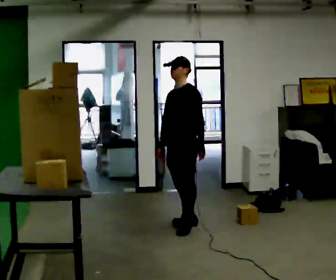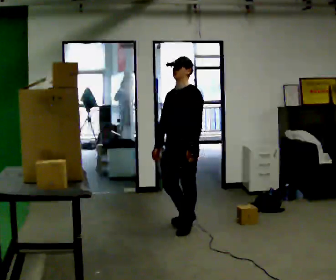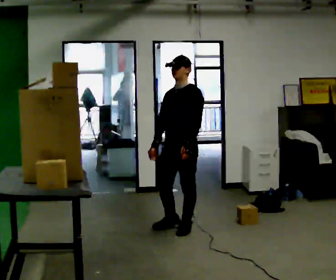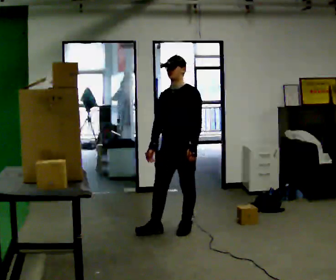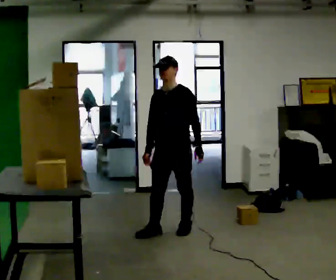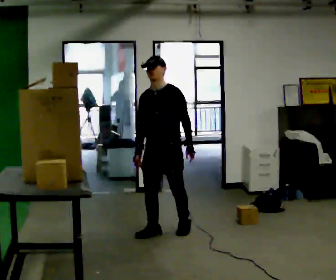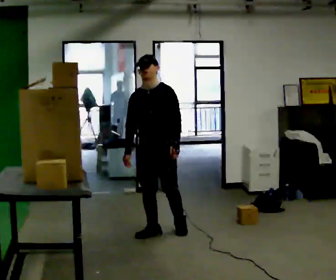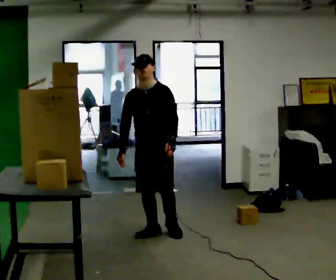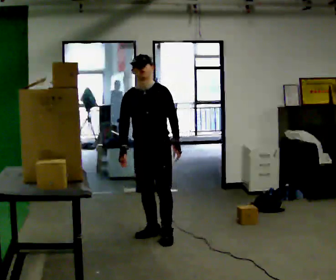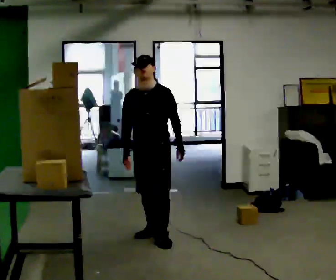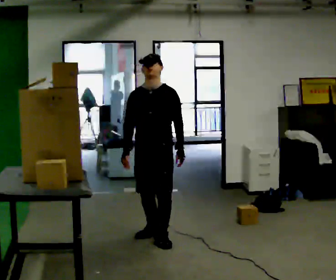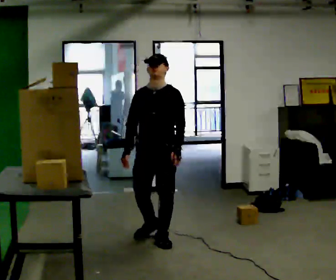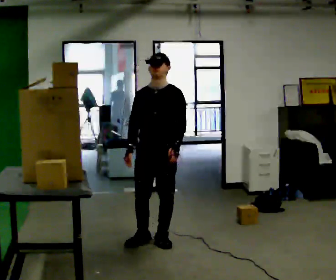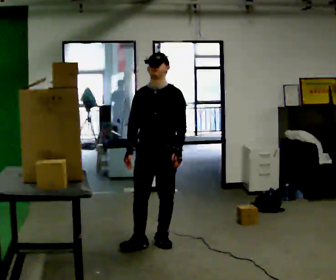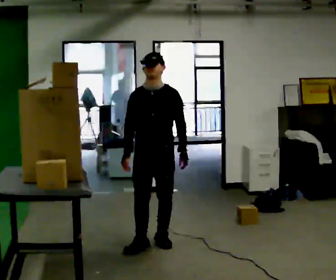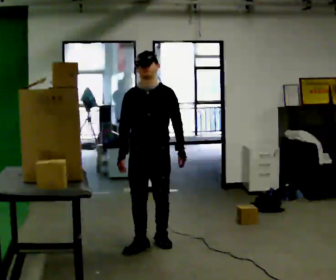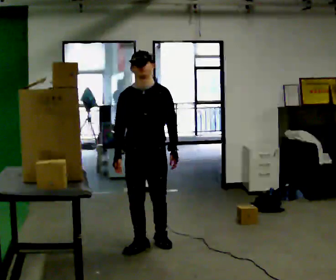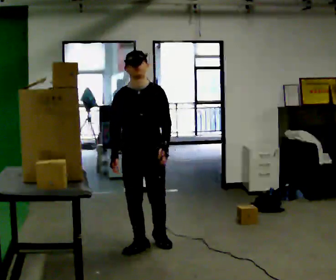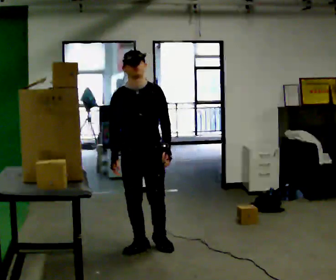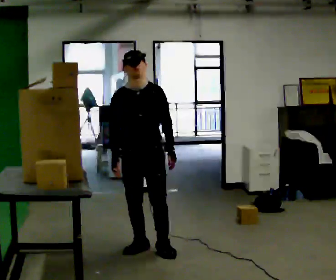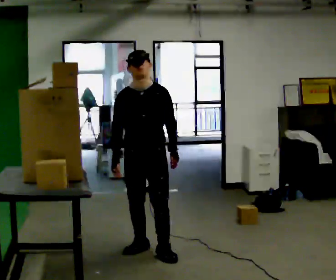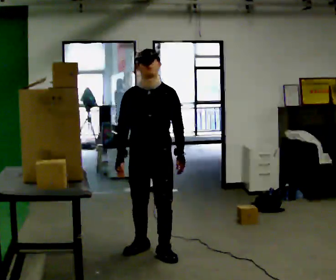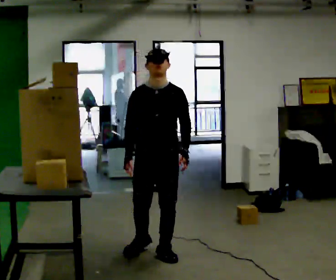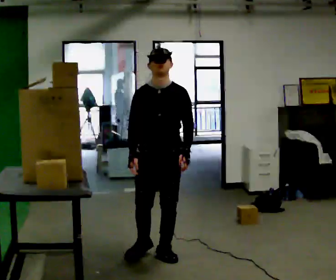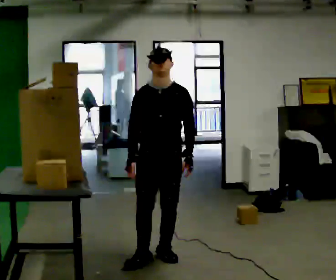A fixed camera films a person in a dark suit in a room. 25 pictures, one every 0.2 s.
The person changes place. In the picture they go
toward the camera.
The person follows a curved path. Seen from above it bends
counterclockwise.
0.0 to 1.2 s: The part of the body nearest the lens slides to the right as the person turns to their left by about 45 degrees. In the picture they go to the left and toward the camera, about 0.25 m in 1 step, which for them is forward.
1.2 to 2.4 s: In the picture they go toward the camera, about 0.25 m in 1 step, which for them is forward.
2.4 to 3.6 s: In the picture they go toward the camera and to the left, about 0.25 m in 1 step, which for them is forward and to their right.
3.6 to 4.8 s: In the picture they go toward the camera and to the right, about 0.25 m in 1 step, which for them is forward and to their left.
The film runs forward here.
